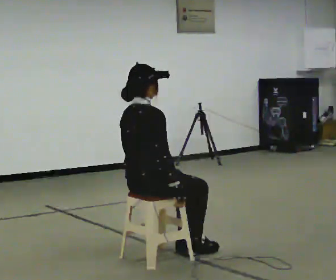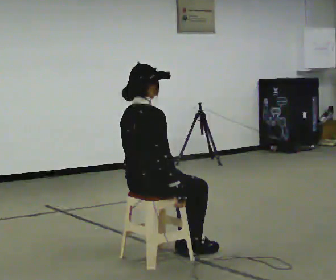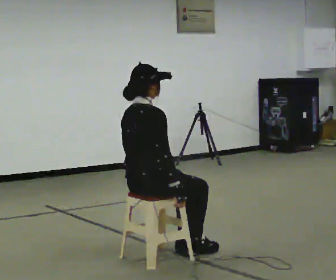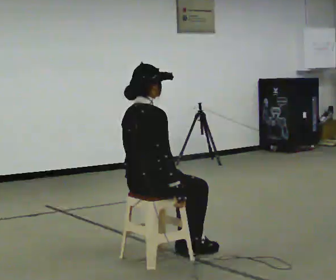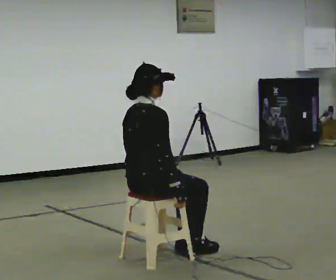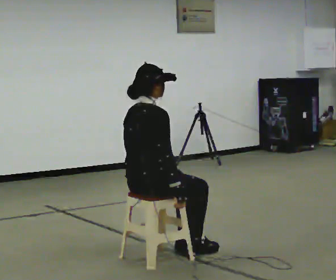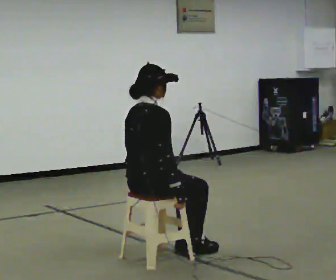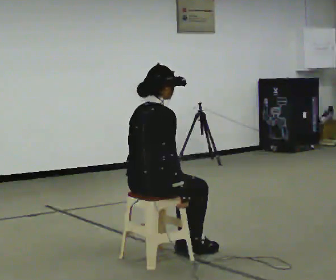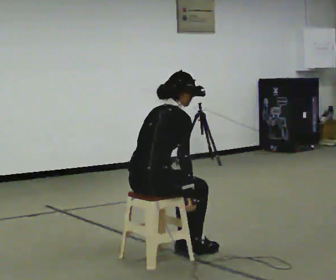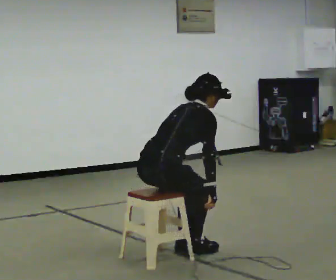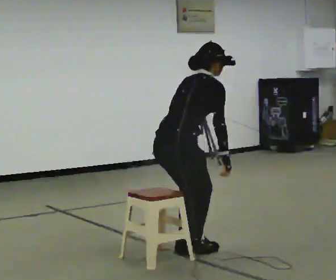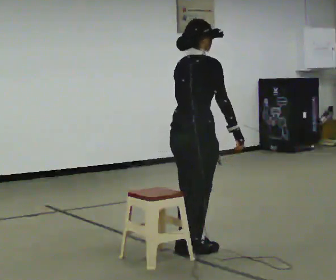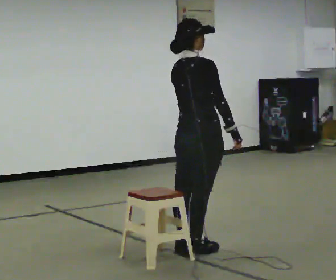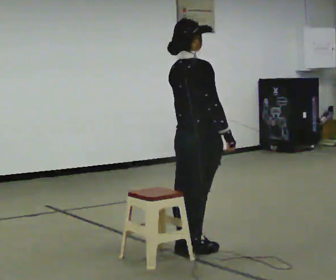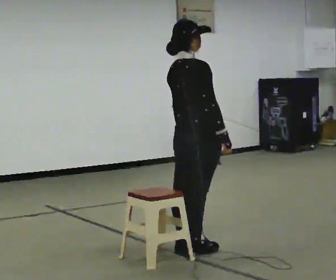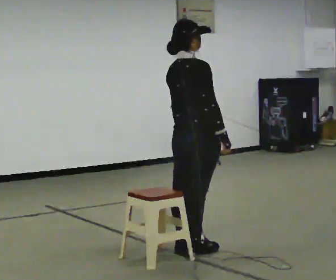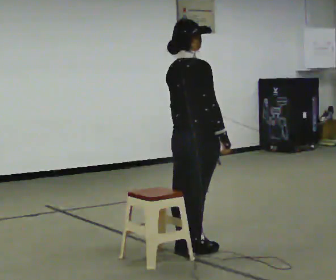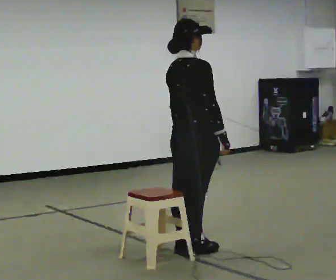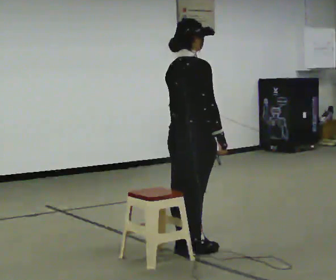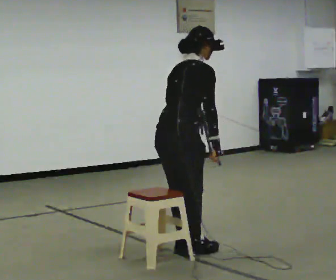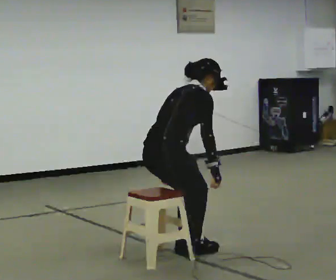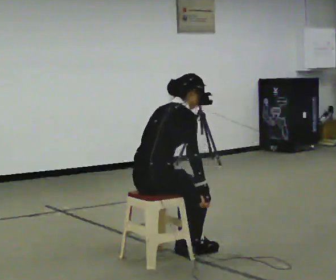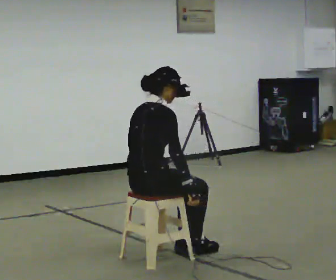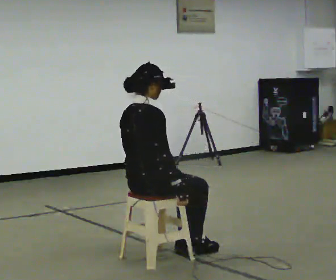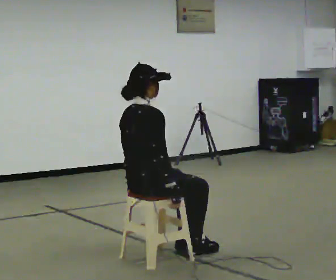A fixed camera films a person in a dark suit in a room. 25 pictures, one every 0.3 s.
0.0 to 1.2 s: The person keeps their place and pose.
1.2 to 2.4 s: In the picture the upper body tilts clockwise, shoulders to the right, as they bend forward.
2.4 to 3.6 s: In the picture they go to the right and away from the camera, about 0.5 m, which for them is forward. The shoulders move upward. In the picture their right hand goes upward.
3.6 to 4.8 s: The person moves a little, or ends about where they began.
4.8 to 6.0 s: In the picture they go to the left and toward the camera, about 0.25 m, which for them is backward. The upper body goes downward. In the picture the upper body tilts clockwise, shoulders to the right, as they bend forward.
6.0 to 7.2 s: In the picture the upper body tilts counterclockwise, shoulders to the left, as they lean back or straighten.
The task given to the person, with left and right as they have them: Sit on the chair, stand up, then sit back down. Repeat the movement at your own pace until the operator says stop; do not rush.
The film runs forward here.
